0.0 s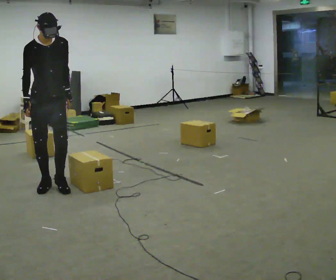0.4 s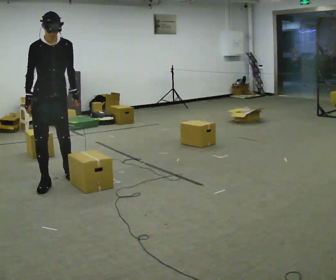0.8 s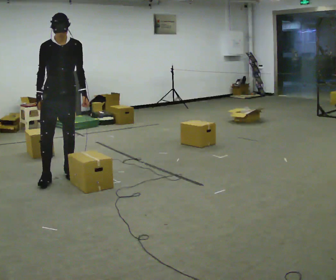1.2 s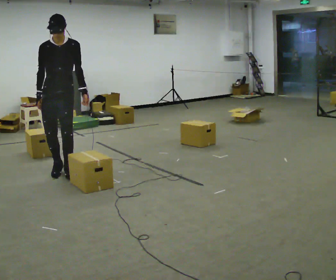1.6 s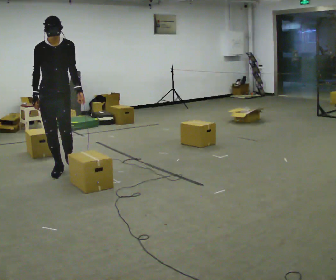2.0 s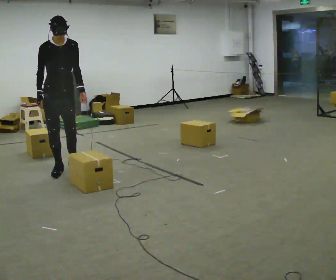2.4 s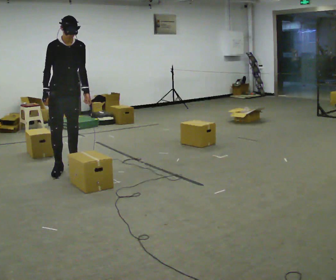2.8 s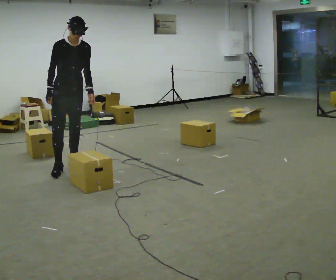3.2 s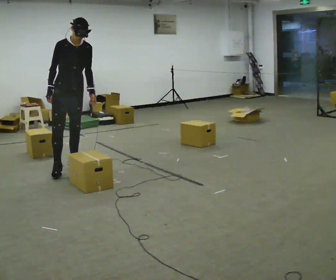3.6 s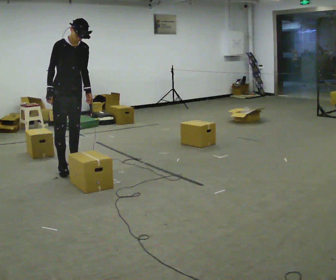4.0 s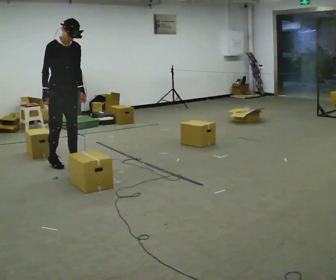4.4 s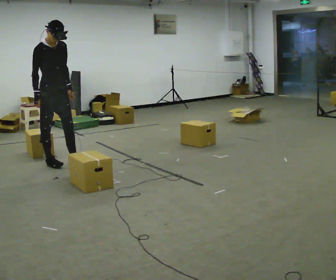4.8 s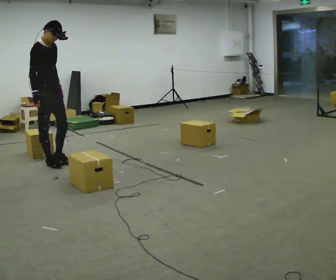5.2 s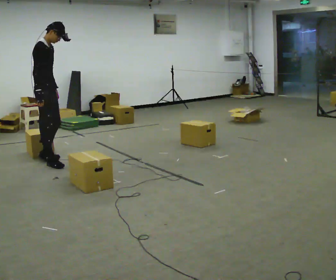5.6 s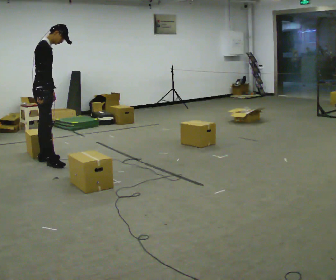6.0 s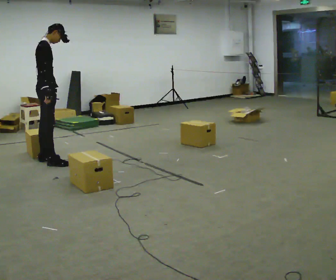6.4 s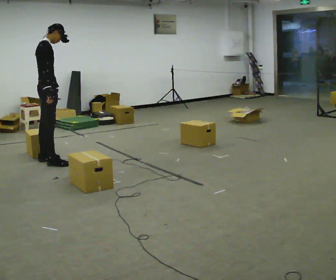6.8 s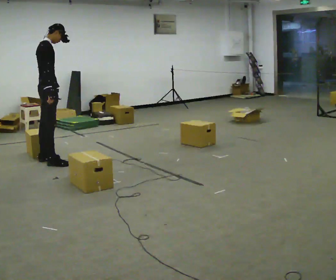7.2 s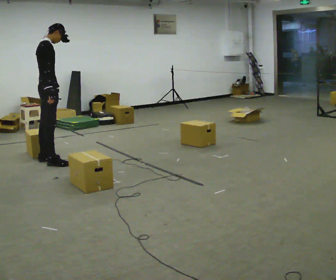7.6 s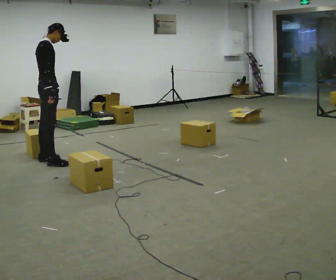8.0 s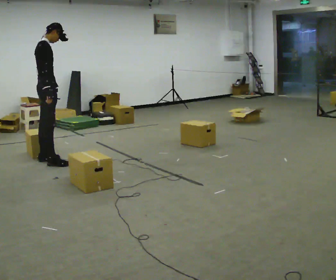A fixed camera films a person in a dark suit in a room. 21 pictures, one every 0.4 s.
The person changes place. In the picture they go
away from the camera.
0.0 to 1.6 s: In the picture they go away from the camera, about 0.5 m in 2 steps, which for them is backward.
1.6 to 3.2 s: In the picture they go away from the camera and to the right, about 0.25 m, which for them is to their left and backward.
3.2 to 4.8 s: Seen from above the body turns counterclockwise, about 30 degrees: to their left, with its near side sliding to the right. In the picture they go to the left and away from the camera, about 0.25 m in 2 steps, which for them is backward and to their right.
4.8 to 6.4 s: The part of the body nearest the lens slides to the right as the person turns to their left by about 45 degrees.
6.4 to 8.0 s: The person keeps their place and pose.
The film runs backward here.
